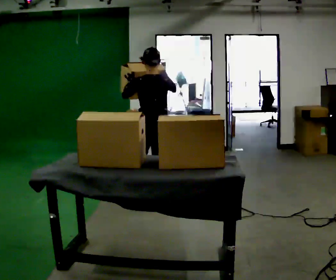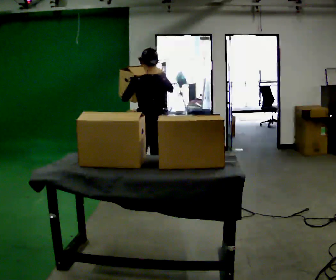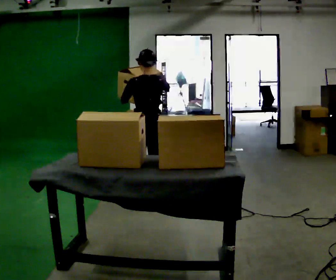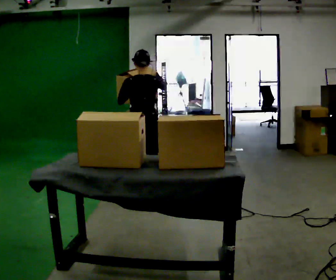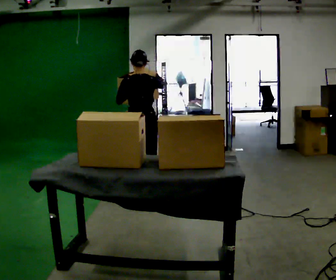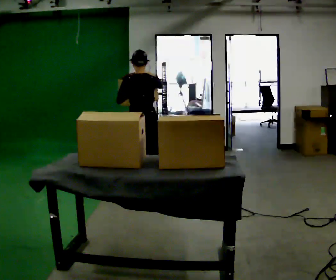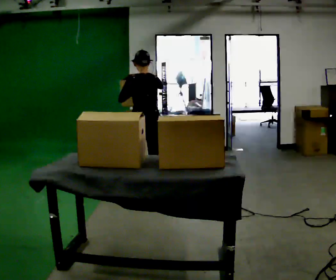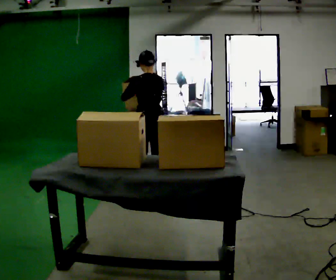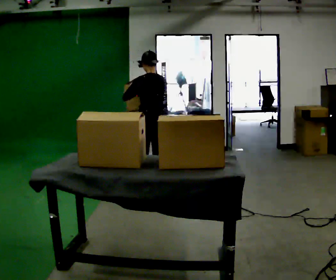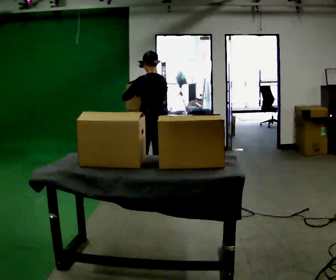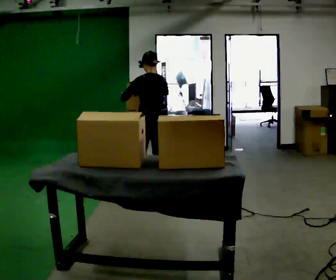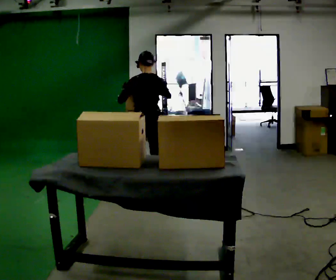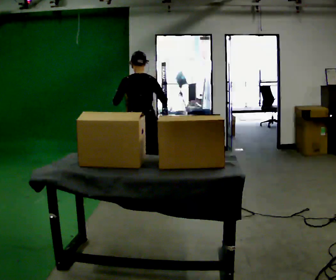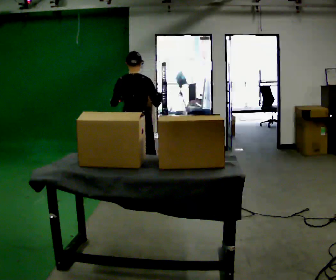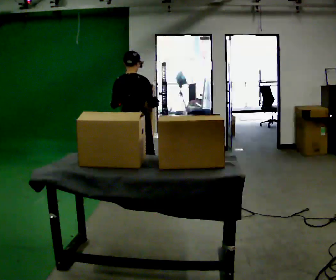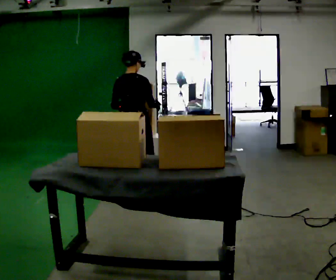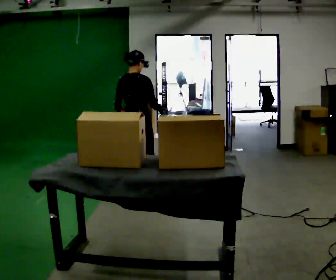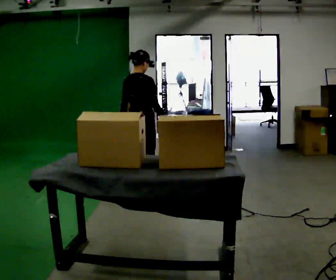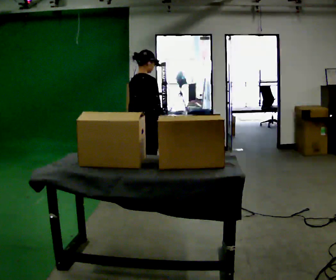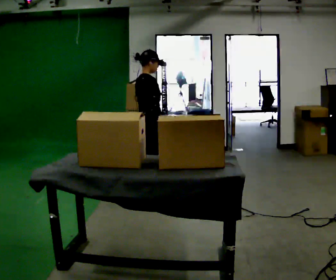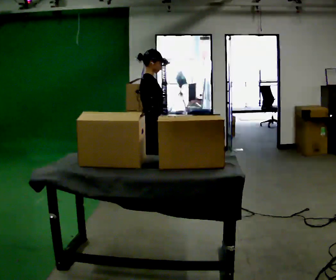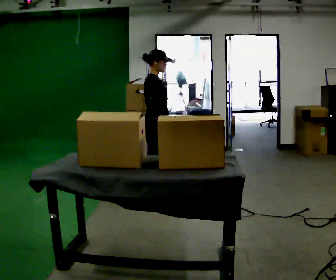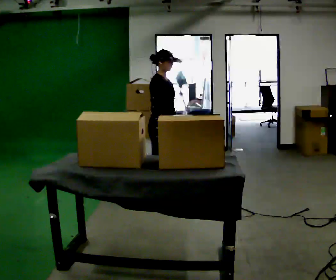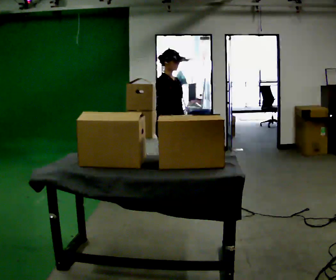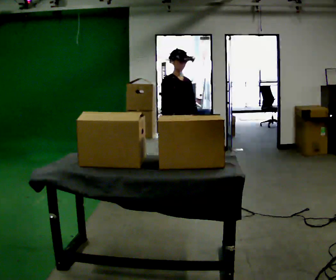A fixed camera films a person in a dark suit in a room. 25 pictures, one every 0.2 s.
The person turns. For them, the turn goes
to their right.
Their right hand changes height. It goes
downward.
0.0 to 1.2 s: In the picture they go away from the camera, about 0.25 m in 2 steps, which for them is forward.
1.2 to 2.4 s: The person moves a little, or ends about where they began.
2.4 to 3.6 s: The person turns about 60 degrees to their right, clockwise seen from above, so the part of the body nearest the lens slides to the left. In the picture they go toward the camera, about 0.25 m in 1 step, which for them is backward.
3.6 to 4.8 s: The part of the body nearest the lens slides to the left as the person turns to their right by about 90 degrees. In the picture they go to the right, about 0.25 m in 1 step.
The film runs forward here.
